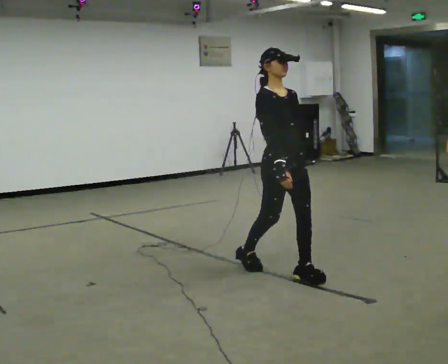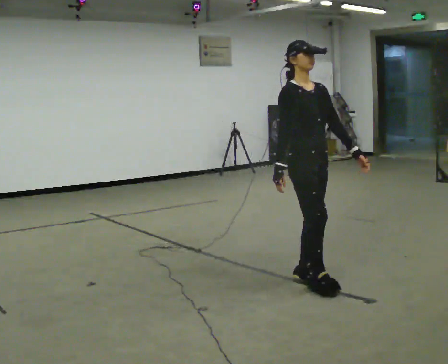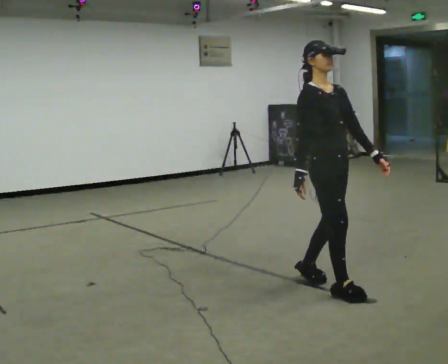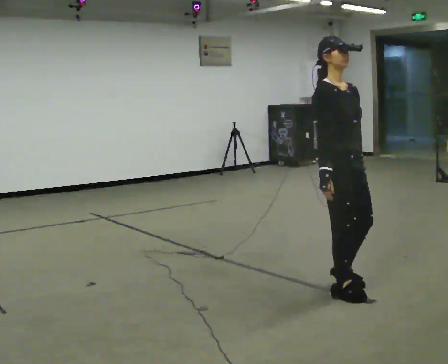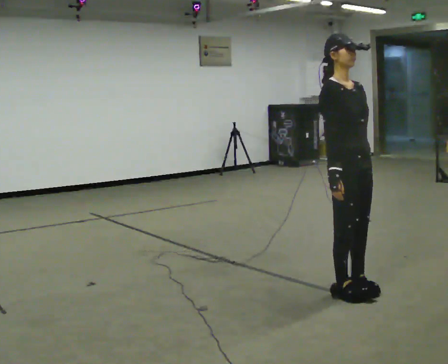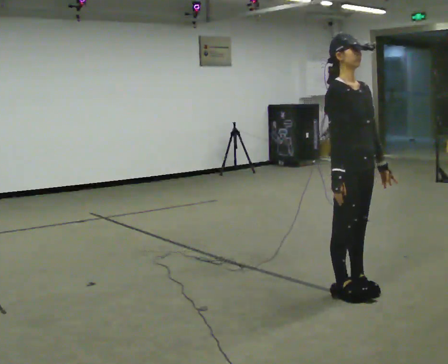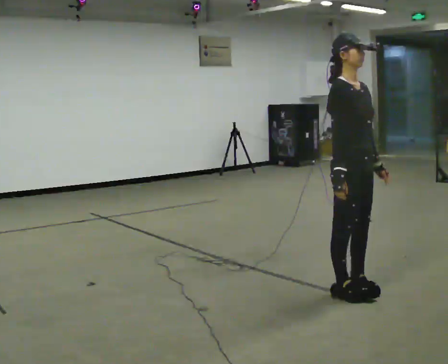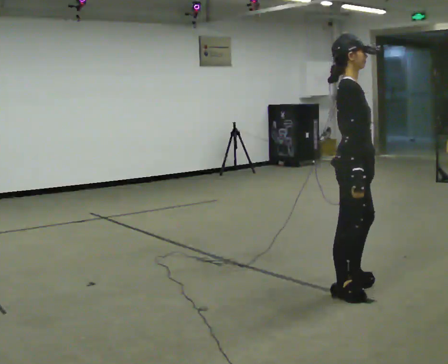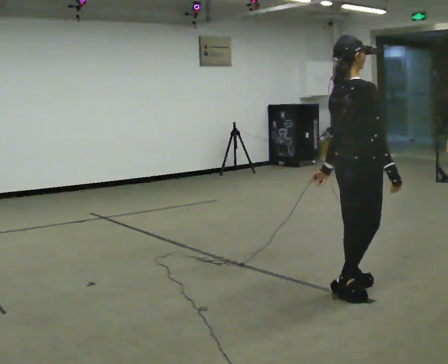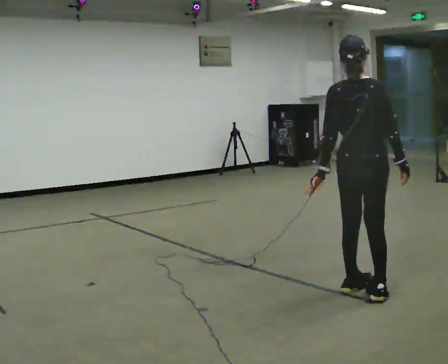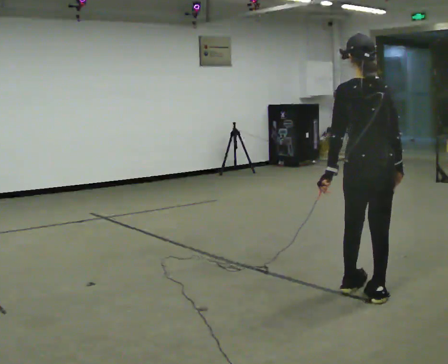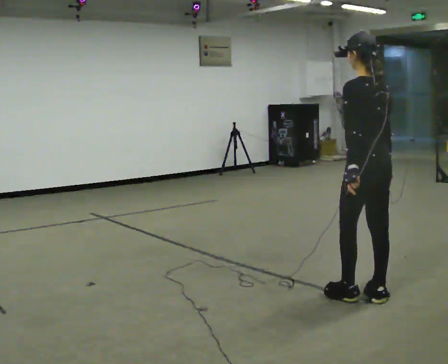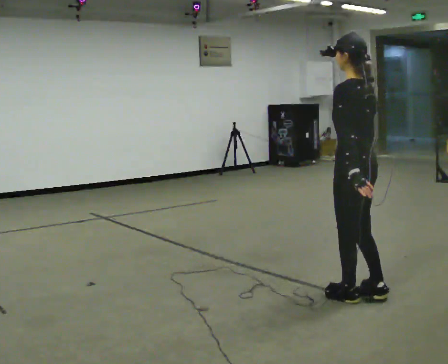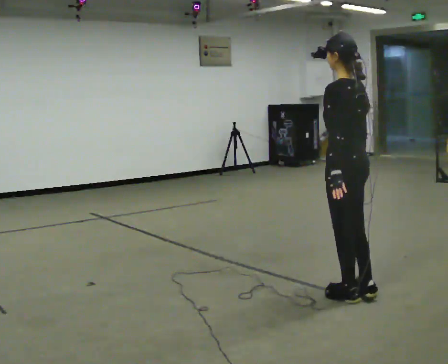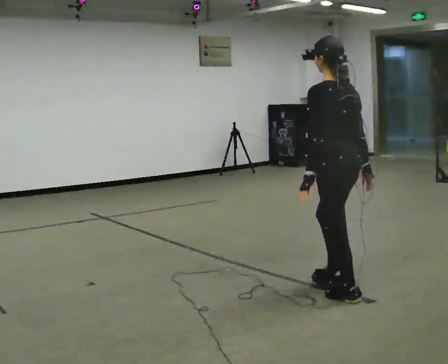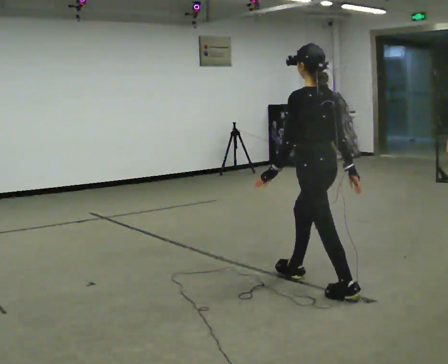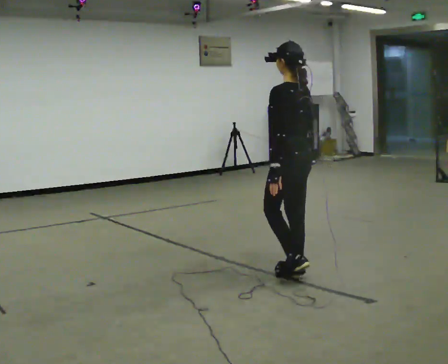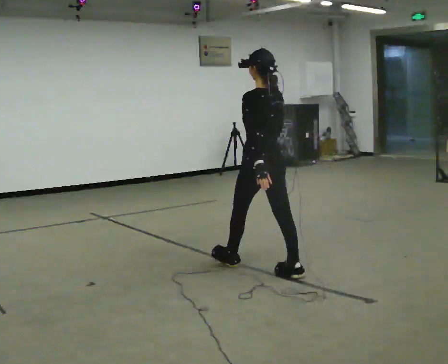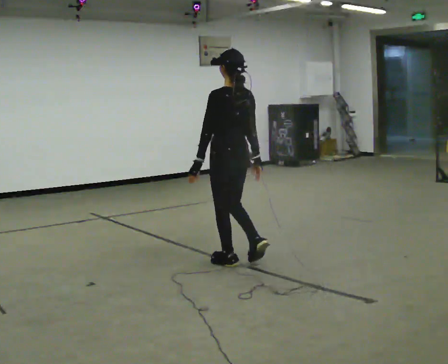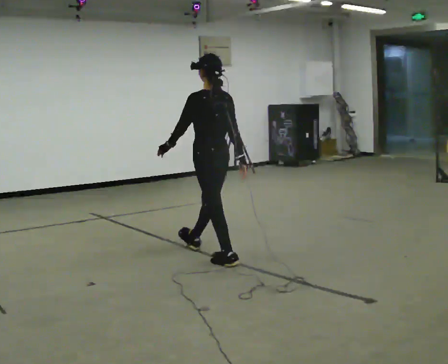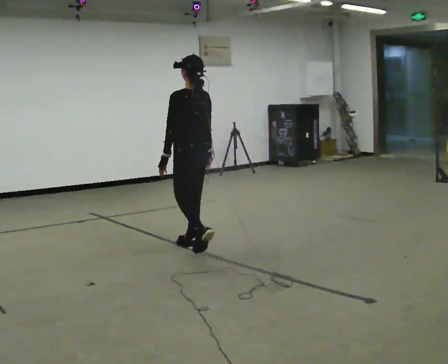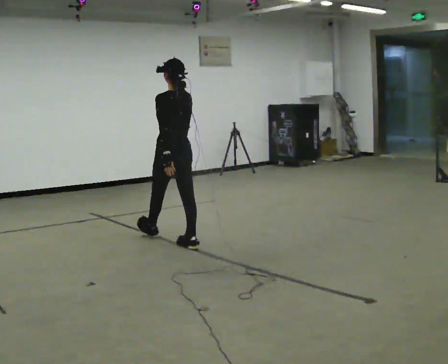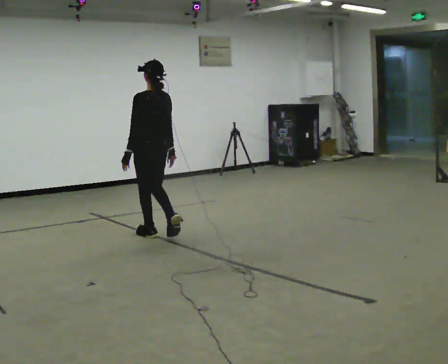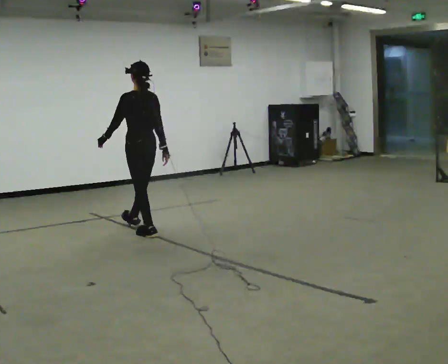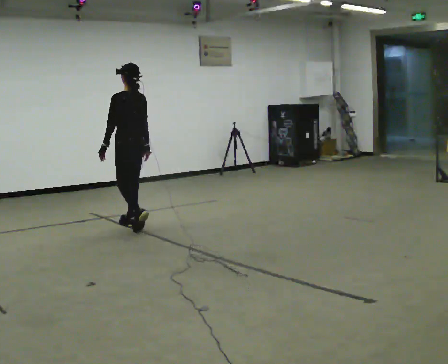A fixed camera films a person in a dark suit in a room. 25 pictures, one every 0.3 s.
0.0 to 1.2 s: In the picture they go toward the camera and to the right, about 0.5 m in 2 steps, which for them is forward.
1.2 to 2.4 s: Seen from above the body turns counterclockwise, about 75 degrees: to their left, with its near side sliding to the right.
2.4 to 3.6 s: The person turns about 105 degrees to their left, counterclockwise seen from above, so the part of the body nearest the lens slides to the right.
3.6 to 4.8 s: In the picture they go away from the camera and to the left, about 0.75 m in 1 step, which for them is forward.
4.8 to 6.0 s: In the picture they go to the left and away from the camera, about 1 m in 2 steps, which for them is forward.
6.0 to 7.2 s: In the picture they go away from the camera and to the left, about 1 m in 2 steps, which for them is forward.
The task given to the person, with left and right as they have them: Start still; walk straight at normal comfortable speed; stop at endpoint.
The film runs forward here.
